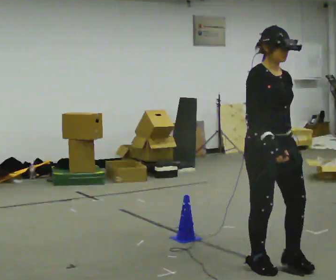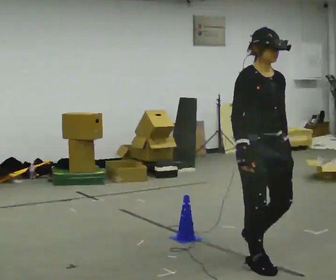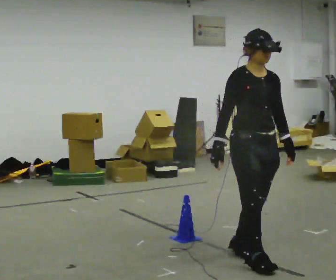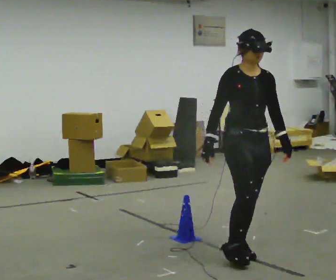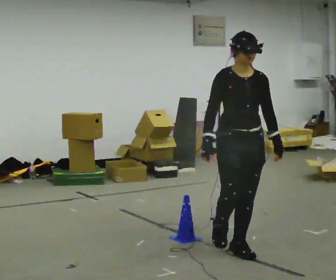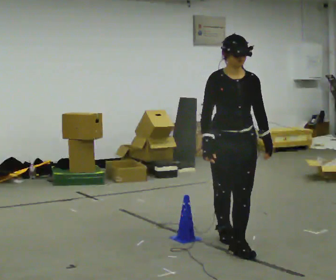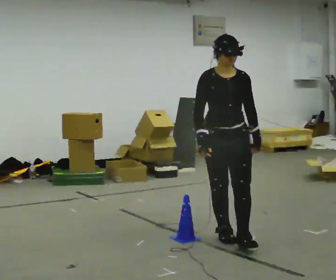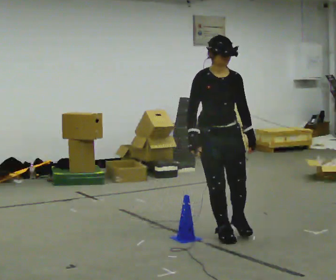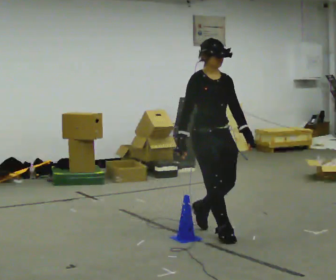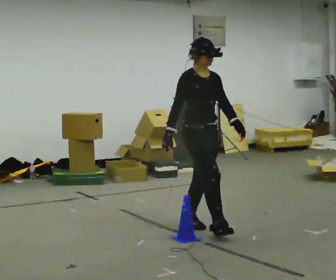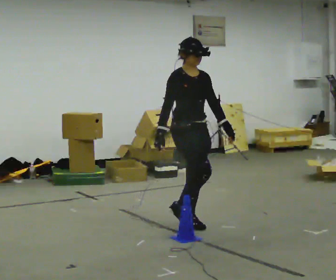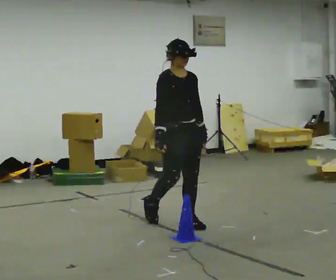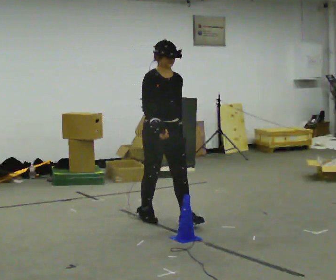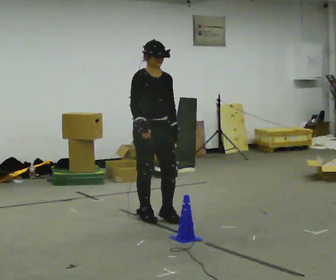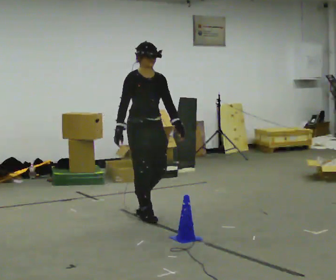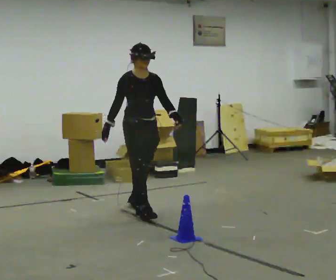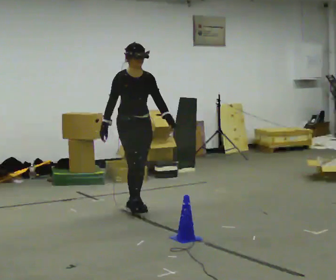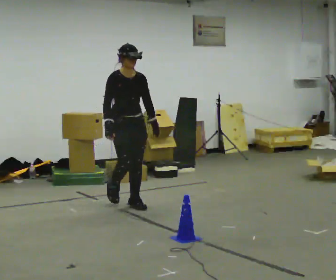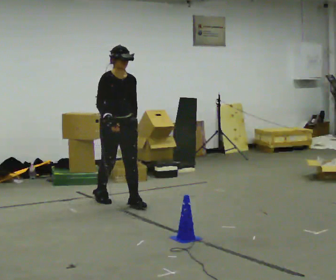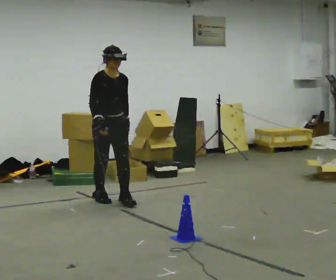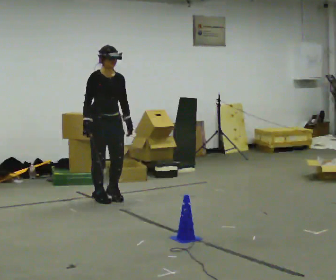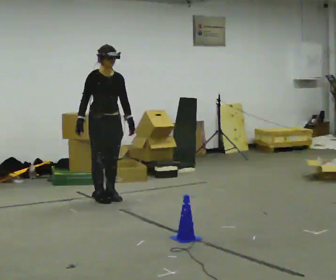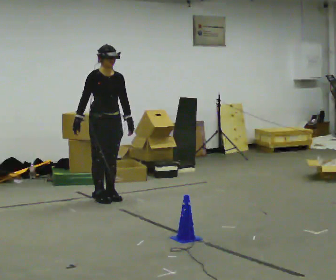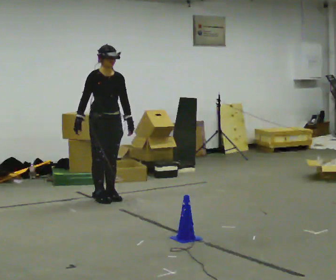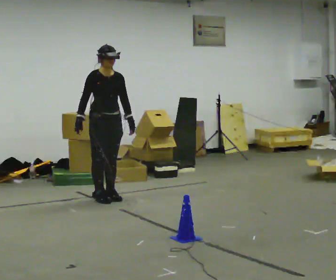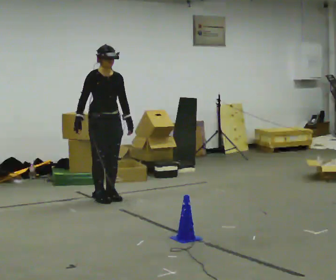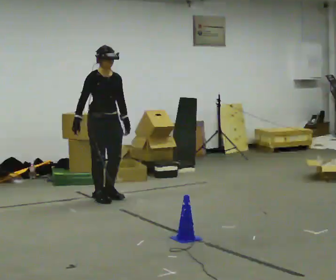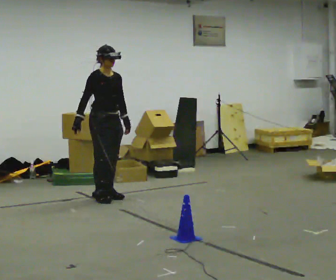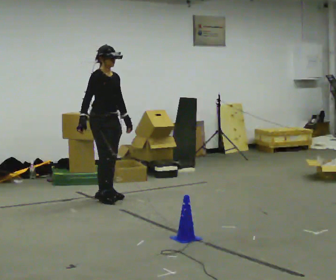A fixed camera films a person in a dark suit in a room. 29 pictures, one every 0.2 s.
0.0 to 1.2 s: The part of the body nearest the lens slides to the left as the person turns to their right by about 30 degrees. In the picture they go away from the camera, about 0.75 m in 2 steps, which for them is backward.
1.2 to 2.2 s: Seen from above the body turns counterclockwise, about 30 degrees: to their left, with its near side sliding to the right. In the picture they go away from the camera and to the left, about 0.75 m in 1 step, which for them is backward.
2.2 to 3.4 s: In the picture they go away from the camera and to the left, about 1 m in 2 steps, which for them is backward.
3.4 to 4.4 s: In the picture they go away from the camera and to the left, about 0.5 m in 1 step, which for them is backward.
4.4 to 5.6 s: The person moves a little, or ends about where they began.
The film runs backward here.
